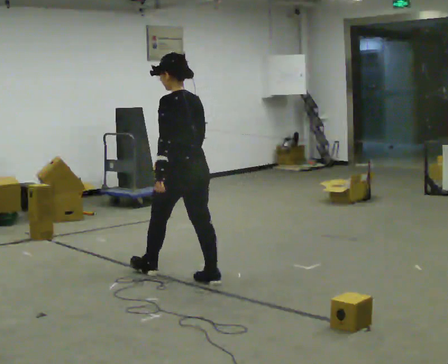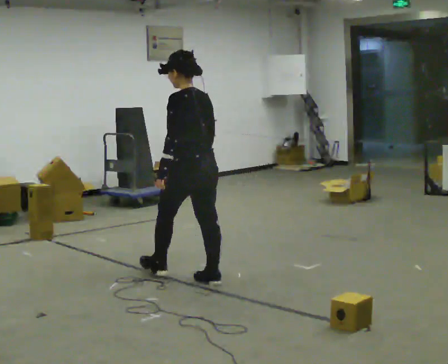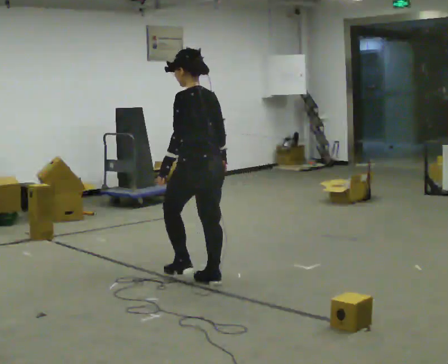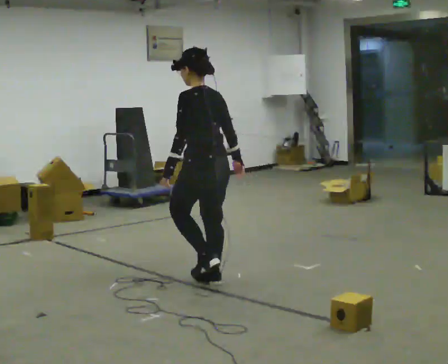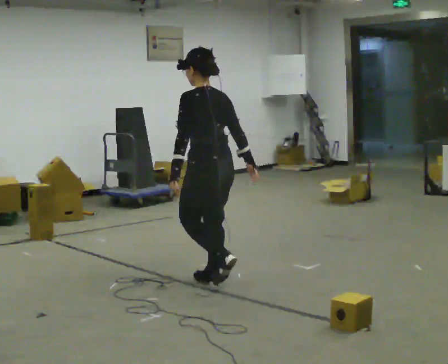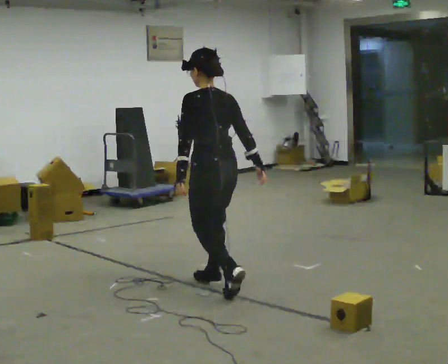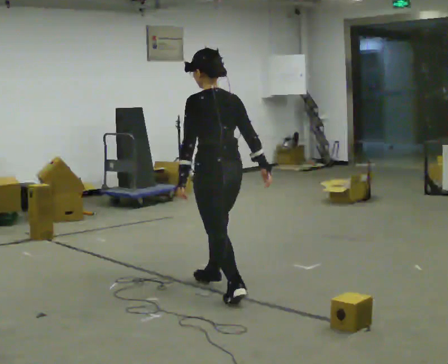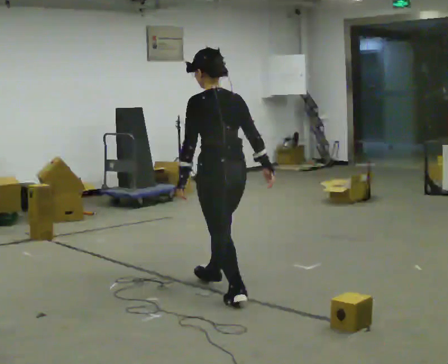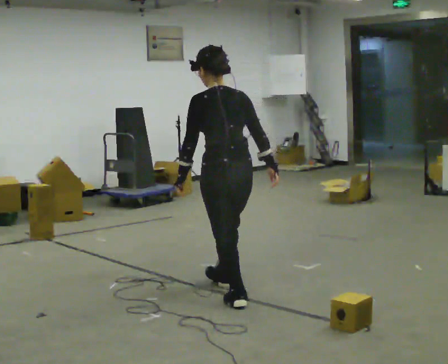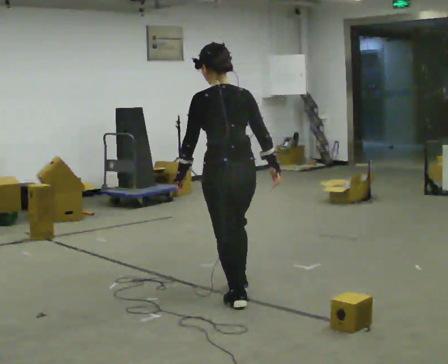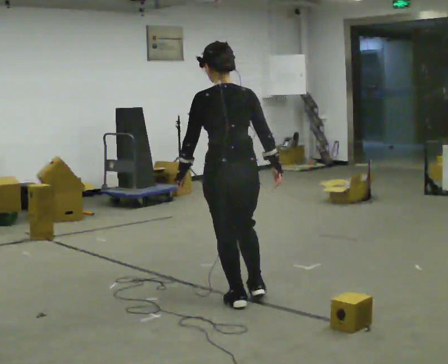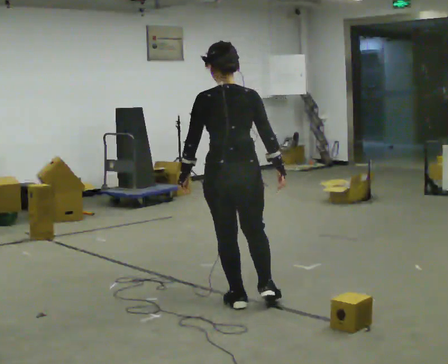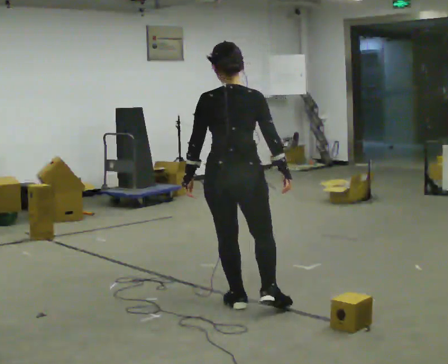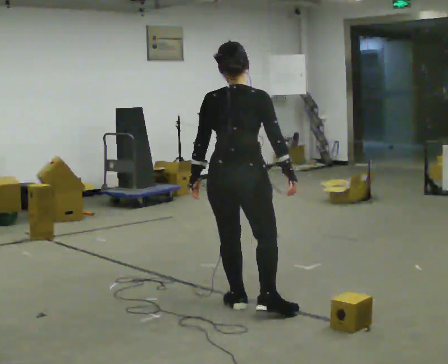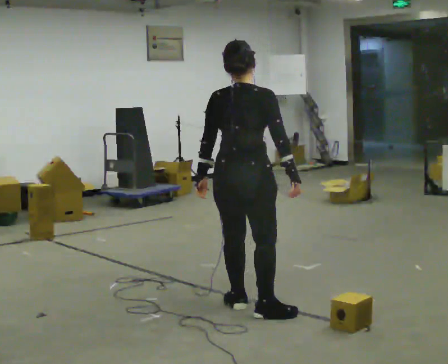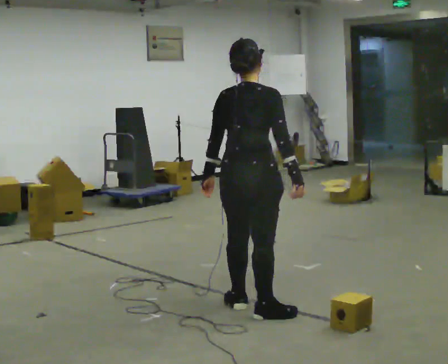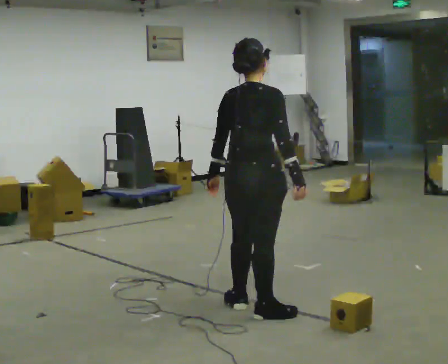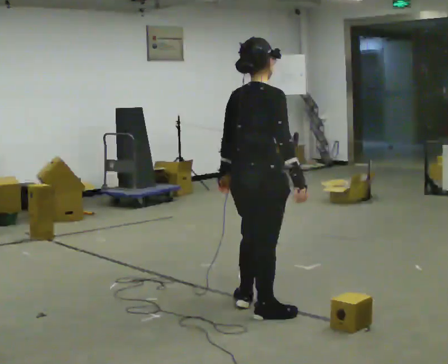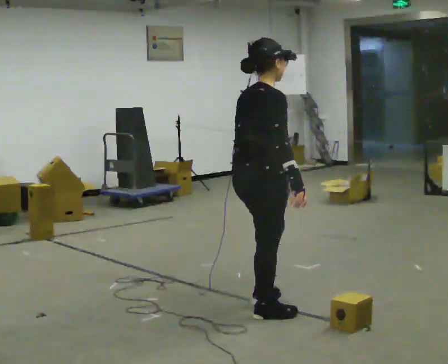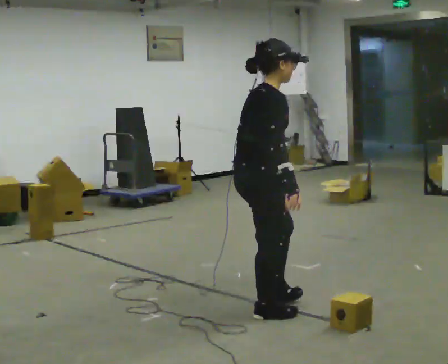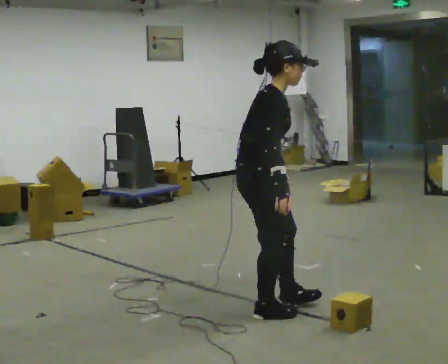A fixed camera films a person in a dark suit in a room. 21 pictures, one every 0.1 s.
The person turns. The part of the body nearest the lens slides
to the left.
The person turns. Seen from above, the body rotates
clockwise.
0.0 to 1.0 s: Seen from above the body turns clockwise, about 30 degrees: to their right, with its near side sliding to the left. In the picture they go toward the camera and to the right, about 0.75 m in 2 steps, which for them is backward.
1.0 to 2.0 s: The part of the body nearest the lens slides to the left as the person turns to their right by about 105 degrees. In the picture they go toward the camera, about 0.25 m in 1 step. In the picture the upper body tilts clockwise, shoulders to the right.
The film runs backward here.
